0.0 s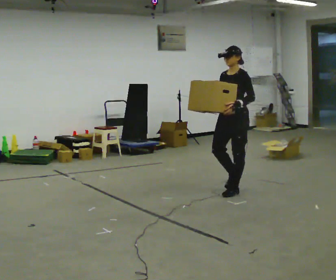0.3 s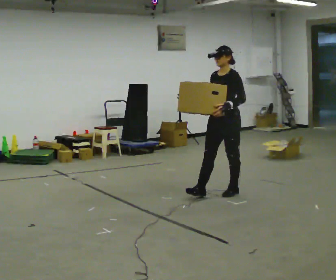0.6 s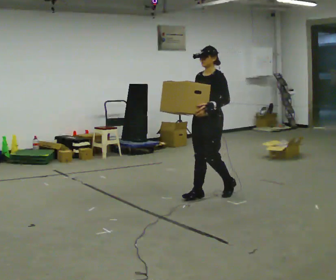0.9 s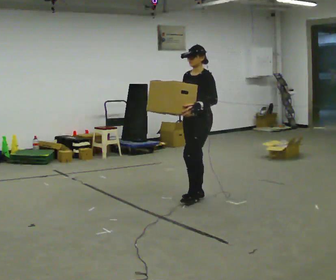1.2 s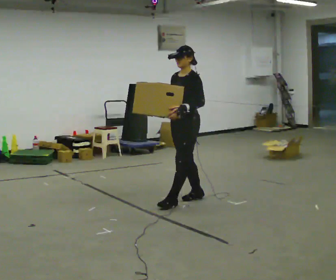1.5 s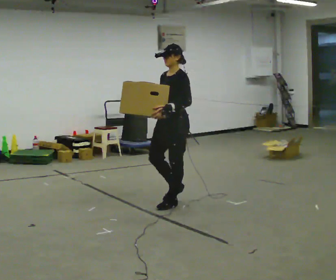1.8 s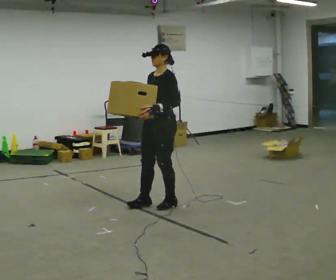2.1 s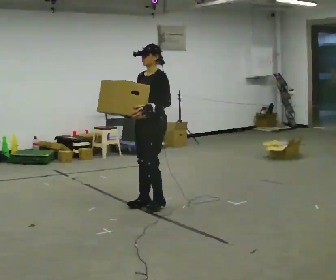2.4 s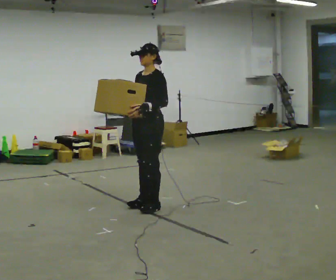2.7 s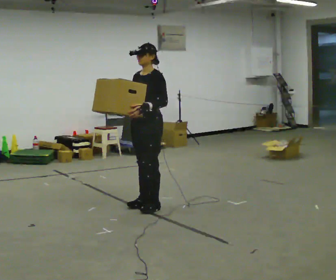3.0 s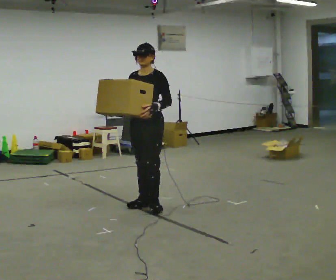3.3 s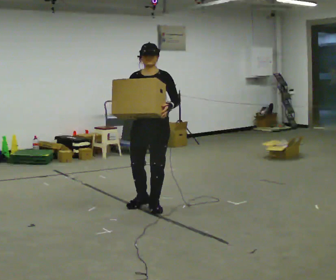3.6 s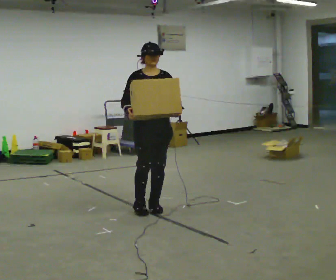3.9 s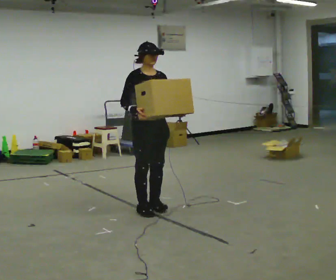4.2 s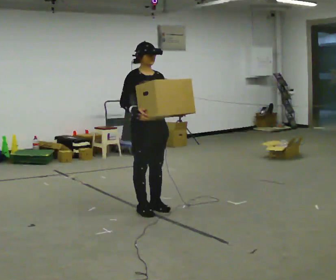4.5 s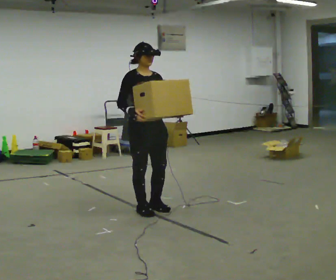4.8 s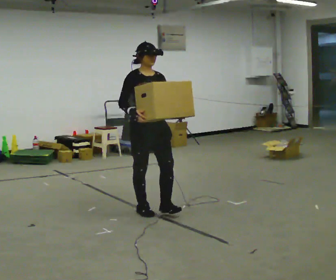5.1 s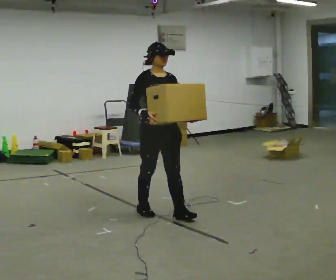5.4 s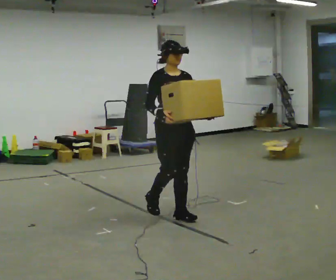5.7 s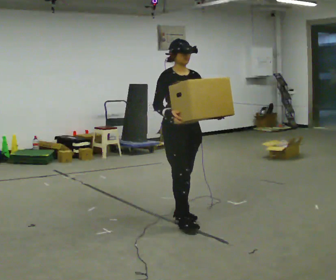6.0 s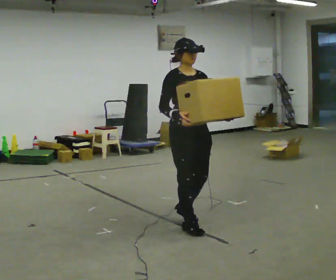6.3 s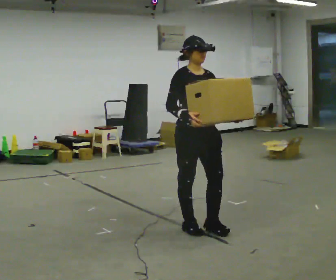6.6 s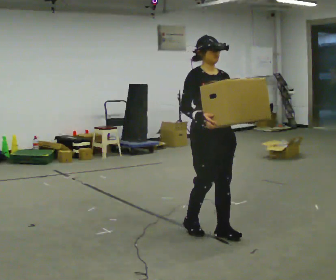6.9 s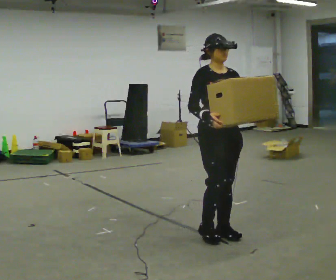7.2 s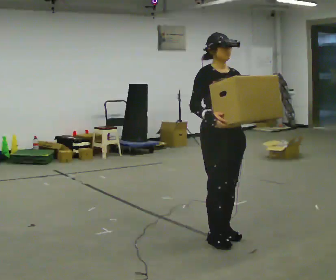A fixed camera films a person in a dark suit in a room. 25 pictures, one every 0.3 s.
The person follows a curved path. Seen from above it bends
counterclockwise.
The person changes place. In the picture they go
toward the camera.
0.0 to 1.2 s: In the picture they go to the left and toward the camera, about 0.75 m in 2 steps, which for them is forward.
1.2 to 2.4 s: In the picture they go to the left, about 0.5 m in 2 steps, which for them is forward.
2.4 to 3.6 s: Seen from above the body turns counterclockwise, about 75 degrees: to their left, with its near side sliding to the right.
3.6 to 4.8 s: In the picture they go toward the camera, about 0.25 m in 1 step.
4.8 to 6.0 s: In the picture they go toward the camera and to the right, about 0.5 m in 2 steps, which for them is forward.
6.0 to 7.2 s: In the picture they go toward the camera and to the right, about 0.5 m in 2 steps, which for them is forward.
The film runs forward here.
